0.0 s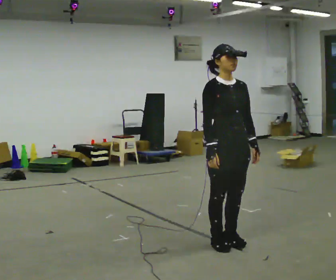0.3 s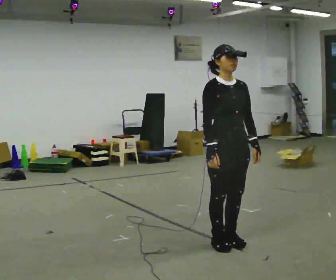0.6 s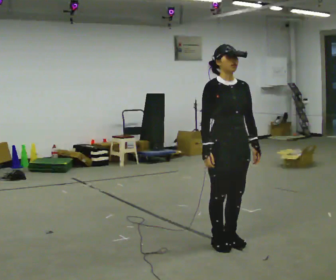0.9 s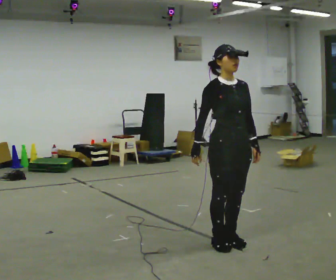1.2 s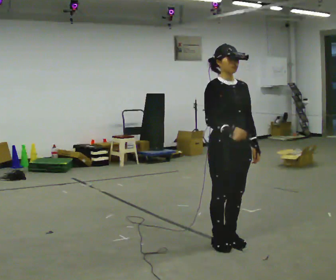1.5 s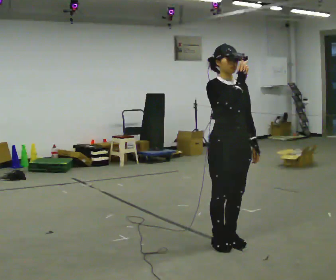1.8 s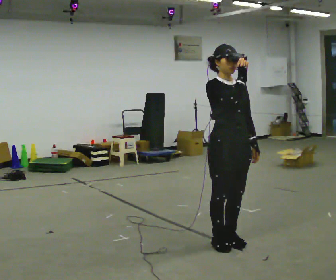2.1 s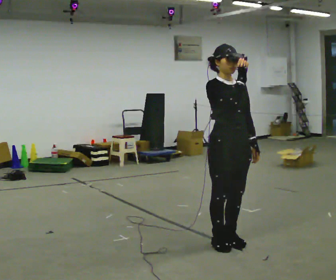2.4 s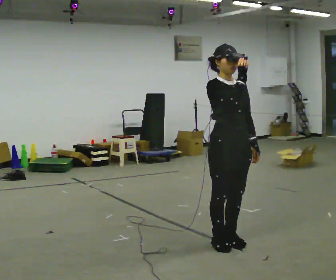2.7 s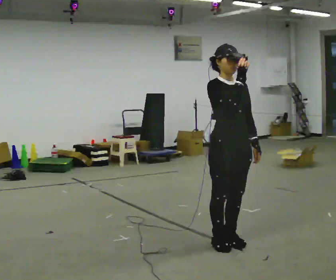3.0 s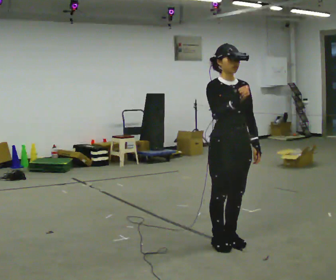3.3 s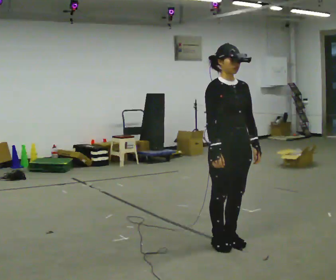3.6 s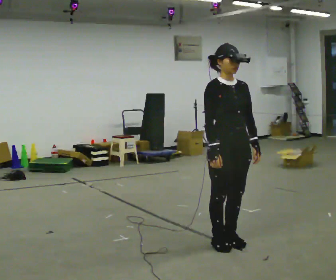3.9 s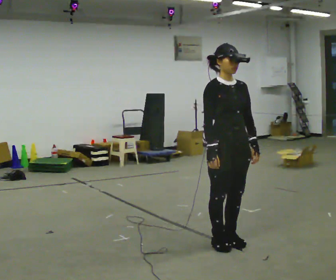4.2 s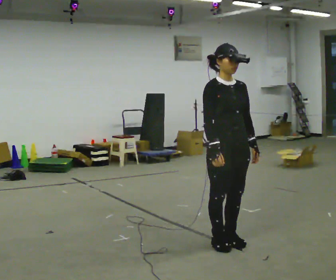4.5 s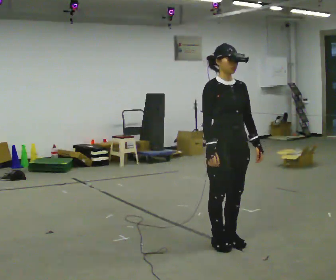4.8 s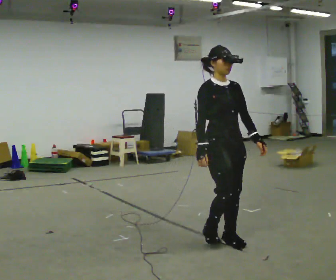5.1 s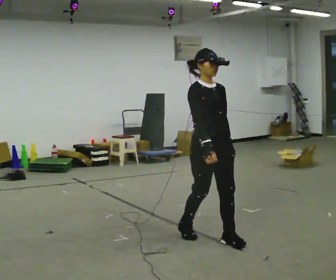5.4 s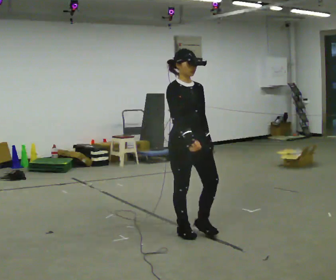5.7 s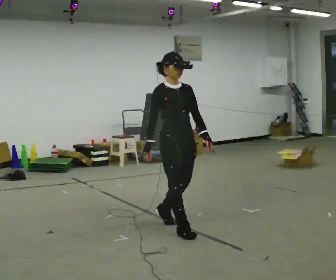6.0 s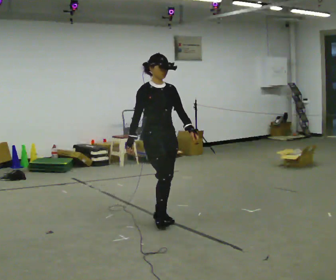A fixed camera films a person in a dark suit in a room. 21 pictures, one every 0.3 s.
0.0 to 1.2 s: The person moves a little, or ends about where they began.
1.2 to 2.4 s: In the picture their right hand goes upward.
2.4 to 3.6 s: In the picture their right hand goes downward.
3.6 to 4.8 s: The person moves a little, or ends about where they began.
4.8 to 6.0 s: In the picture they go away from the camera and to the left, about 1 m in 2 steps, which for them is backward.
The film runs backward here.
